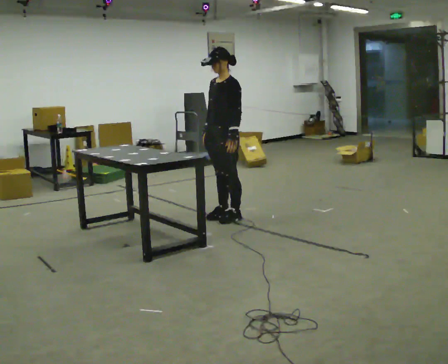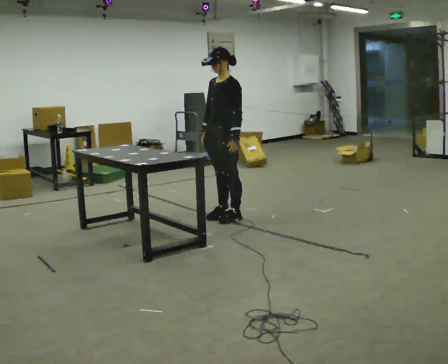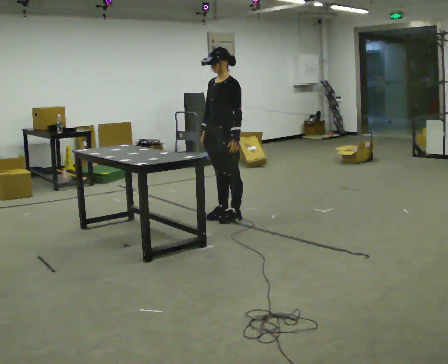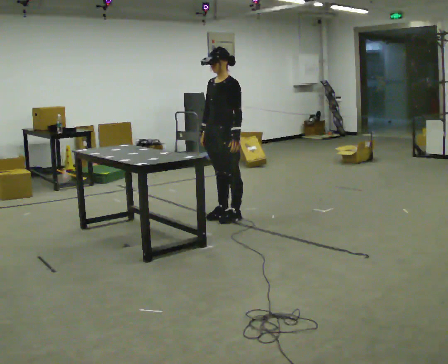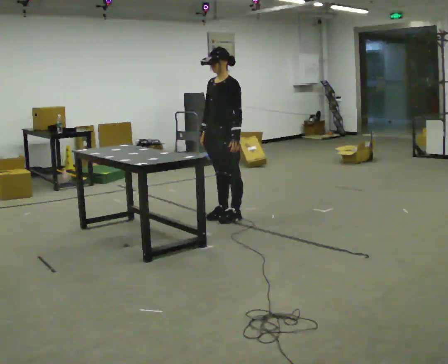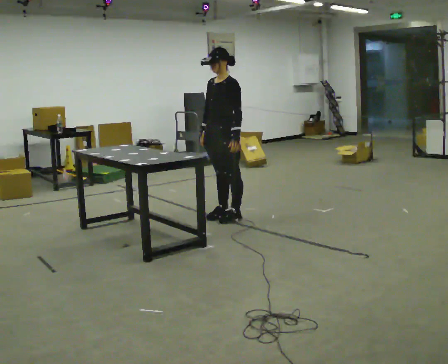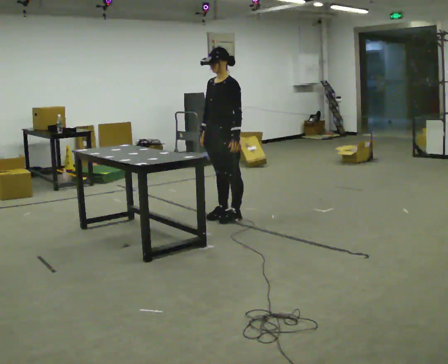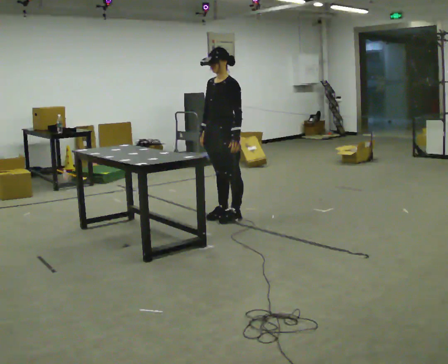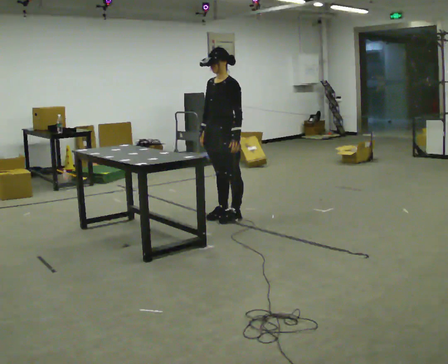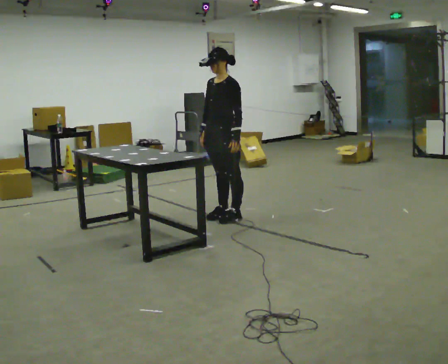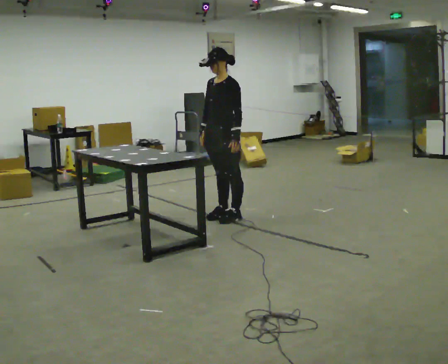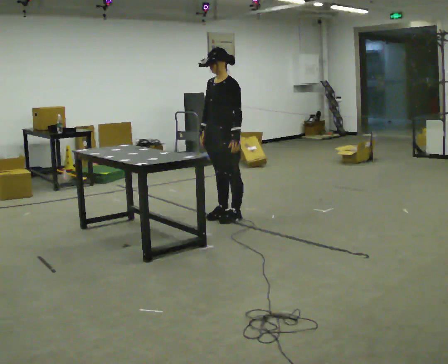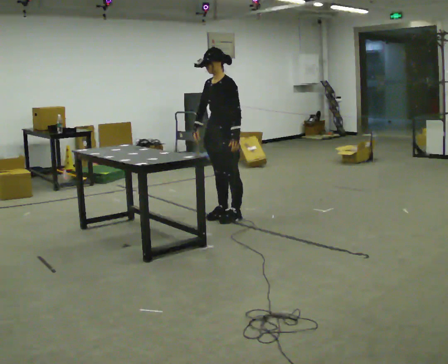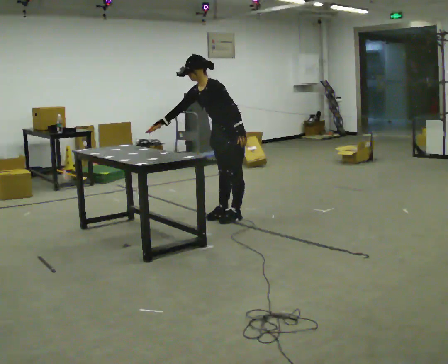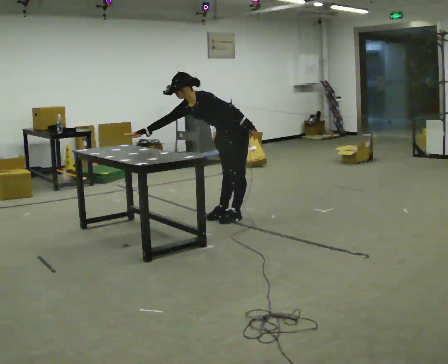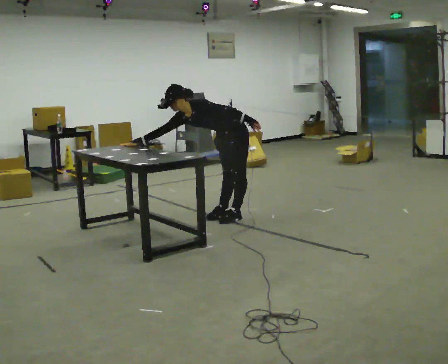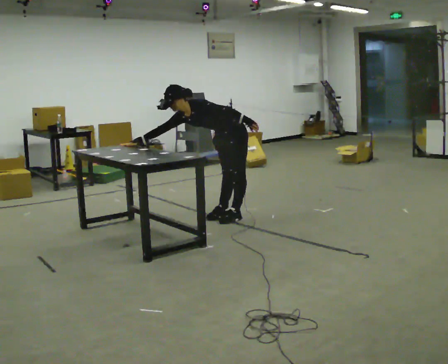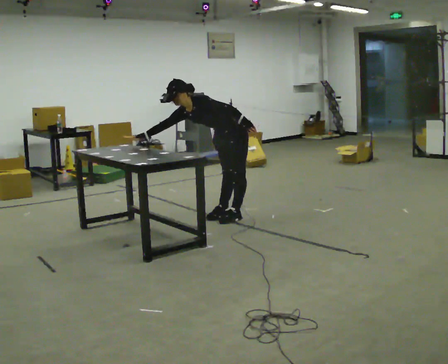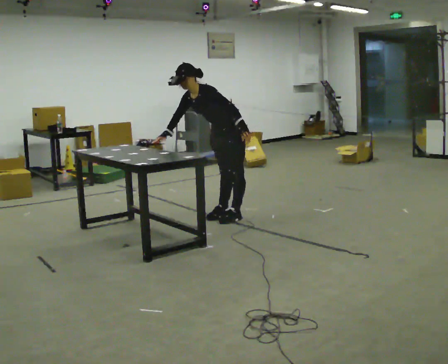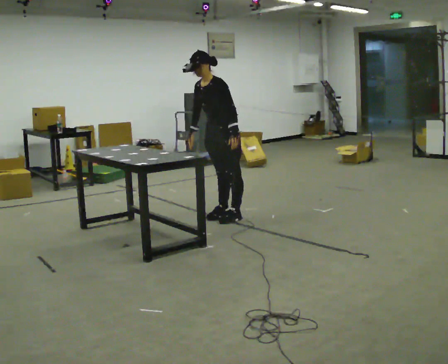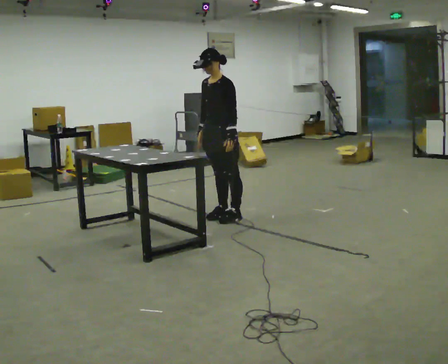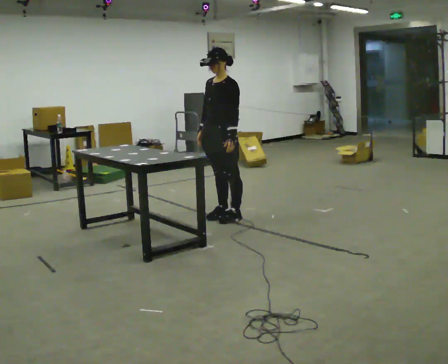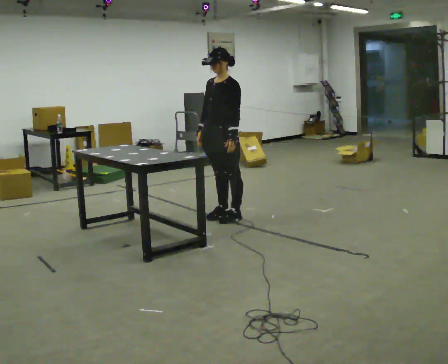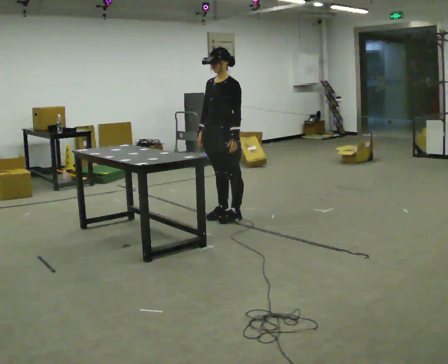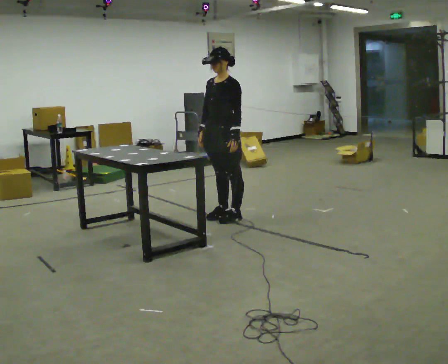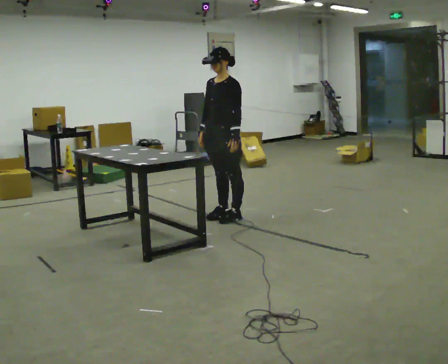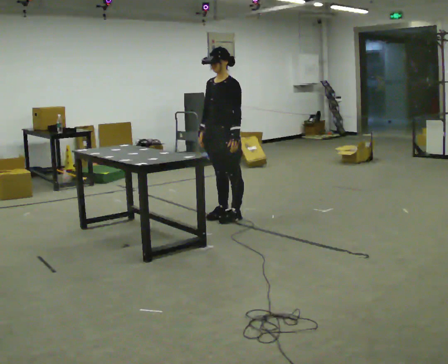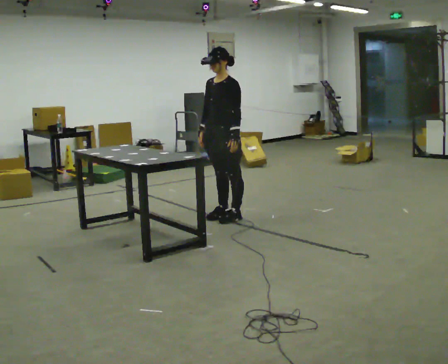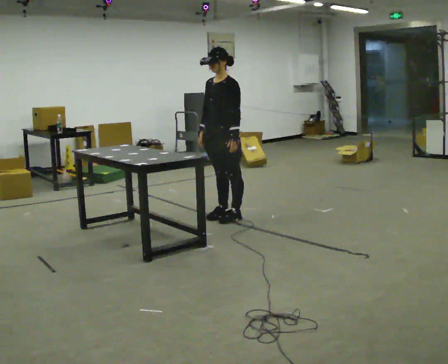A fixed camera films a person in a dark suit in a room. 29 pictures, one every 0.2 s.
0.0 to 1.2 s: The person moves a little, or ends about where they began.
1.2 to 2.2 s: The person keeps their place and pose.
2.2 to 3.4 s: The shoulders move downward. In the picture the upper body tilts counterclockwise, shoulders to the left, as they bend forward.
3.4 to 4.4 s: The shoulders move upward. In the picture the upper body tilts clockwise, shoulders to the right, as they lean back or straighten.
4.4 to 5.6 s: The person keeps their place and pose.
The film runs forward here.
